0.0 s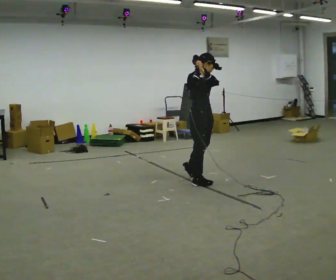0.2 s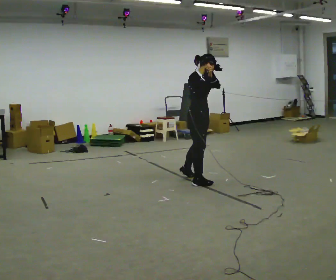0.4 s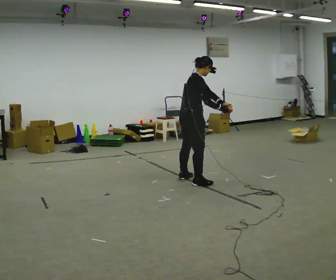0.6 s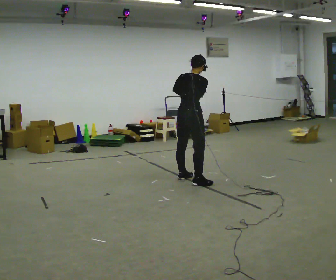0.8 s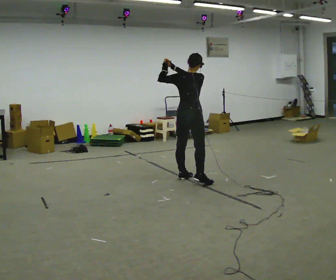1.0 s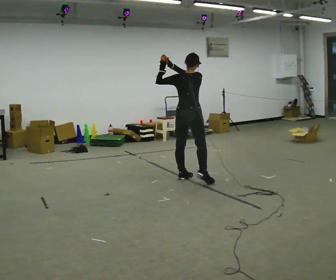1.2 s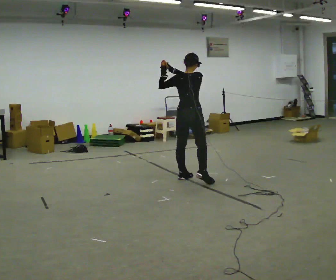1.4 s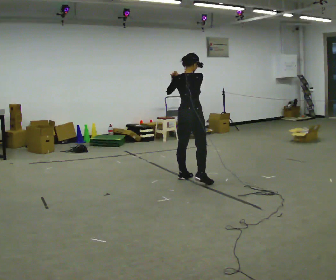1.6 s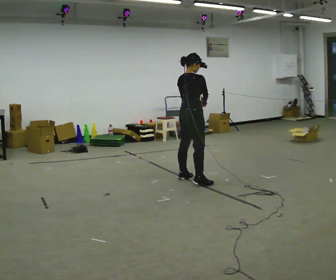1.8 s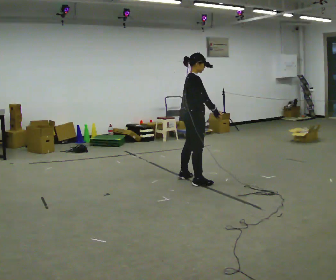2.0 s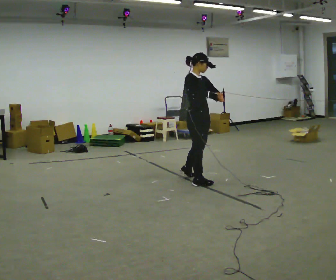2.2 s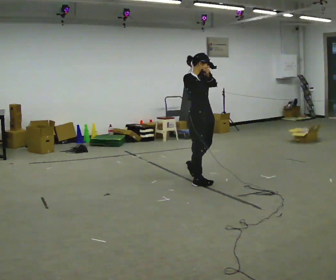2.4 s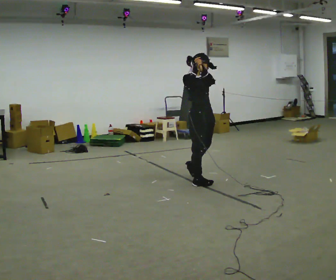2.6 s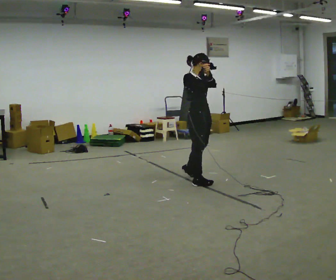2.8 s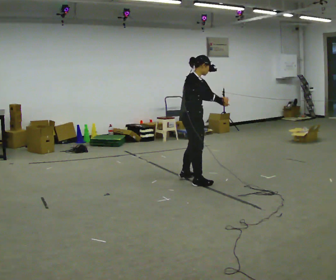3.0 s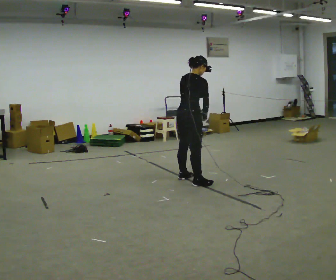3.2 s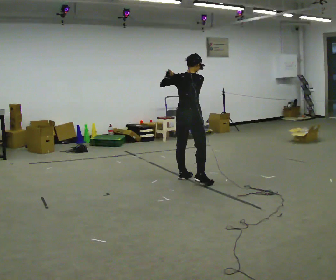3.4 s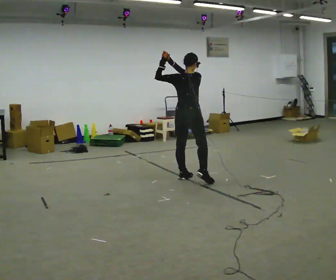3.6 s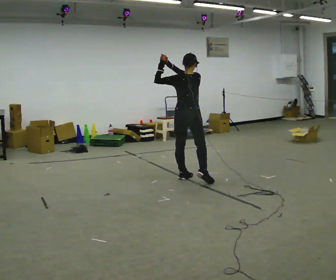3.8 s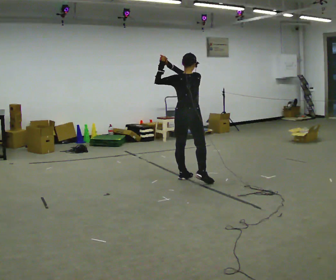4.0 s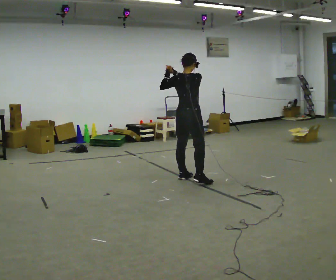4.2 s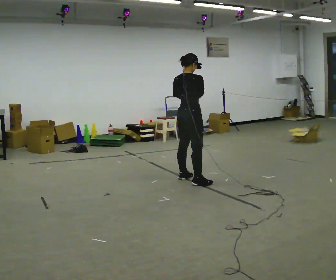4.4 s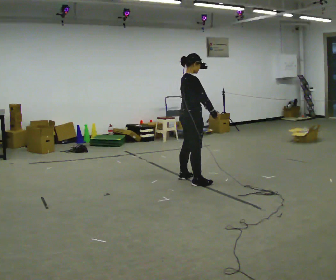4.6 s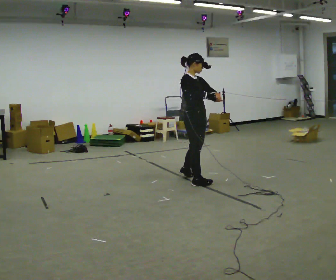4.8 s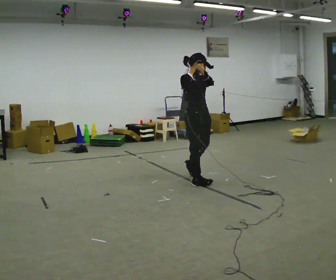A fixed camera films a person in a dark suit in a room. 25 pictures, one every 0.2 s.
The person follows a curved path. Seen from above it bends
counterclockwise.
0.0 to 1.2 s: The person turns about 90 degrees to their left, counterclockwise seen from above, so the part of the body nearest the lens slides to the right. In the picture they go away from the camera, about 0.25 m. In the picture their left hand goes to the left.
1.2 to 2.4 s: The part of the body nearest the lens slides to the left as the person turns to their right by about 105 degrees. In the picture they go toward the camera, about 0.25 m.
2.4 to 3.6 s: The person turns about 120 degrees to their left, counterclockwise seen from above, so the part of the body nearest the lens slides to the right. In the picture they go away from the camera and to the left, about 0.25 m.
3.6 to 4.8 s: The person turns about 120 degrees to their right, clockwise seen from above, so the part of the body nearest the lens slides to the left. In the picture they go toward the camera, about 0.25 m.
The film runs forward here.
